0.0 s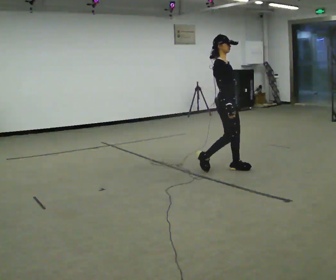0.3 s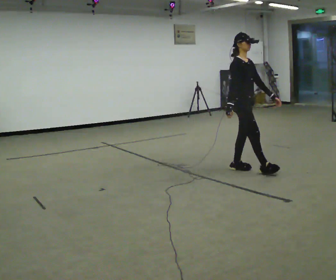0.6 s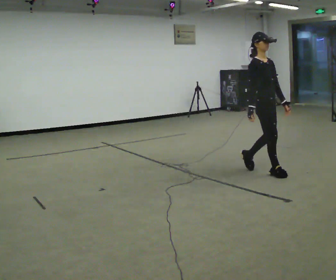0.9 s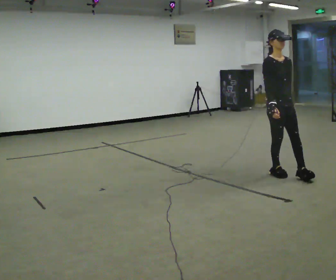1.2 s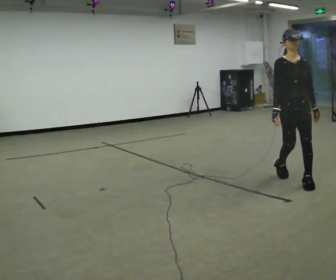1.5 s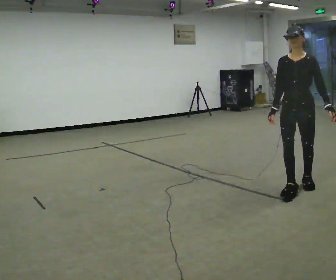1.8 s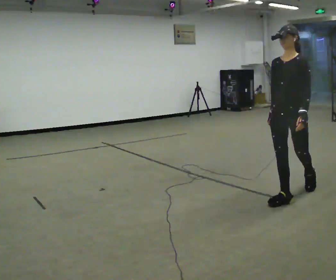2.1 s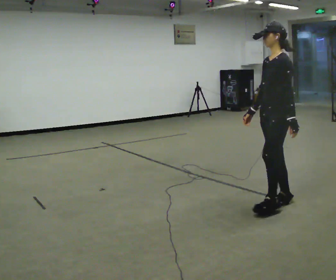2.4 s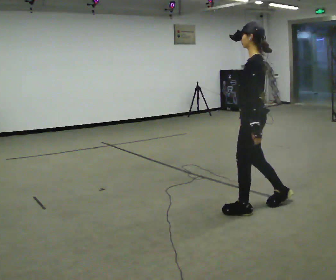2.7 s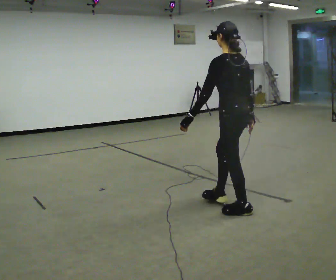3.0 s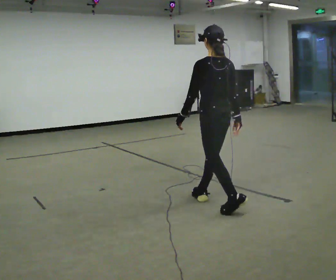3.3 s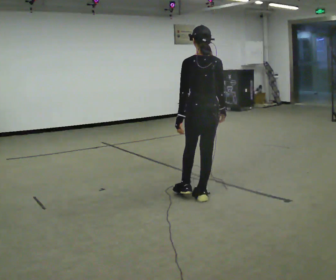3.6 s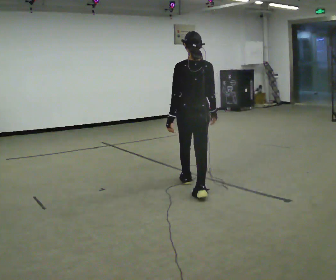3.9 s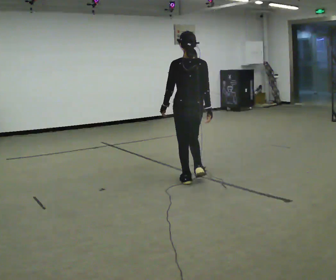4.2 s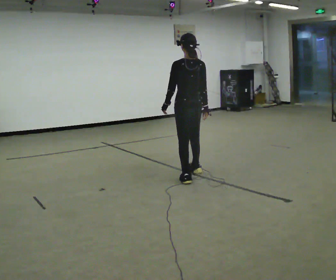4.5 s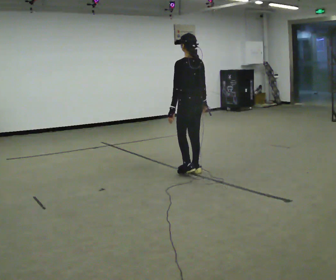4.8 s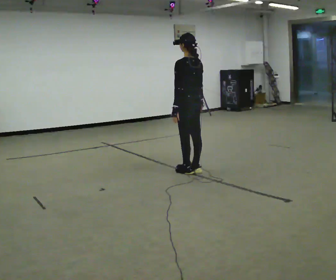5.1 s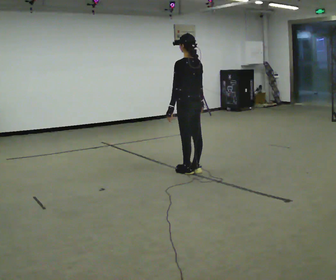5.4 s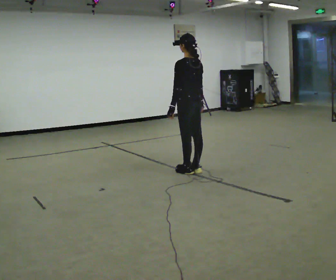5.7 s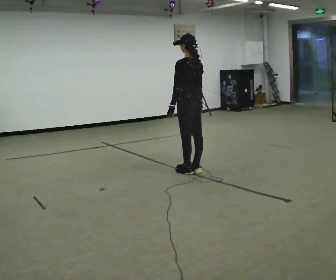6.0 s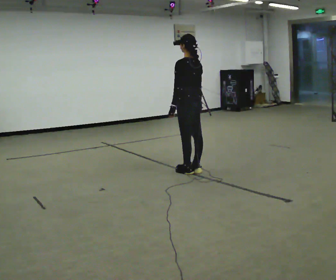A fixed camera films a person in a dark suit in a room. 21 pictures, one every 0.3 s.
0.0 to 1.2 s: The person turns about 75 degrees to their right, clockwise seen from above, so the part of the body nearest the lens slides to the left. In the picture they go toward the camera and to the right, about 1 m in 2 steps.
1.2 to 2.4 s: The part of the body nearest the lens slides to the left as the person turns to their right by about 105 degrees. In the picture they go toward the camera and to the left, about 1 m in 2 steps.
2.4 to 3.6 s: The person turns about 60 degrees to their right, clockwise seen from above, so the part of the body nearest the lens slides to the left. In the picture they go away from the camera and to the left, about 1 m in 2 steps.
3.6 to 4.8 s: The person turns about 45 degrees to their left, counterclockwise seen from above, so the part of the body nearest the lens slides to the right. In the picture they go away from the camera, about 0.5 m in 2 steps, which for them is forward.
4.8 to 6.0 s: The person moves a little, or ends about where they began.
The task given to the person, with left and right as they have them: Walk one full figure-eight continuously at comfortable speed; stop.
The film runs forward here.
